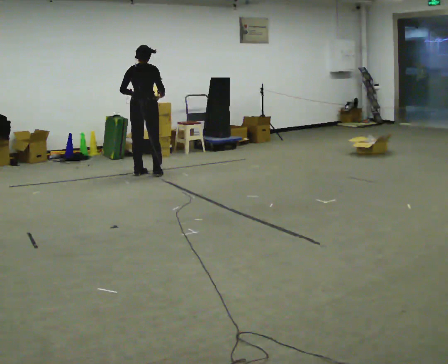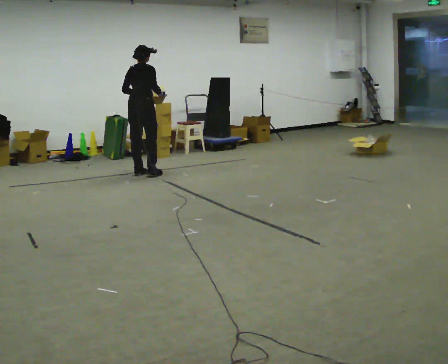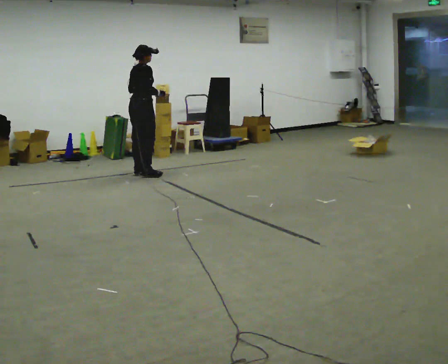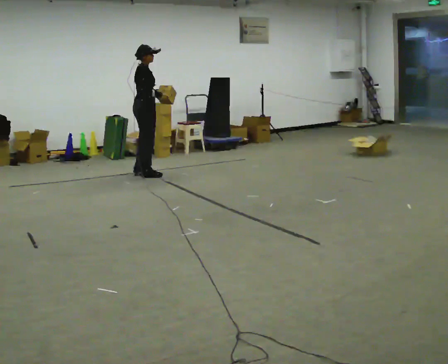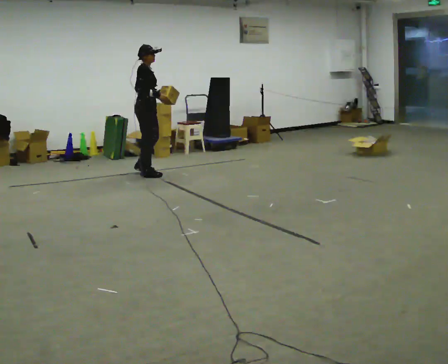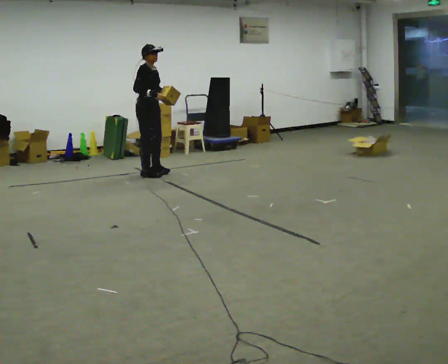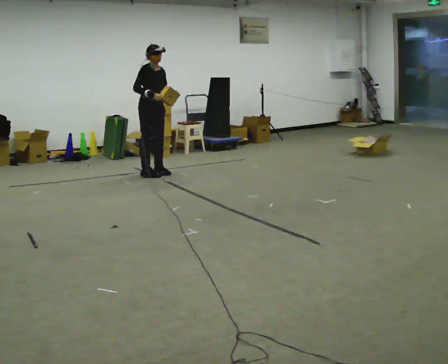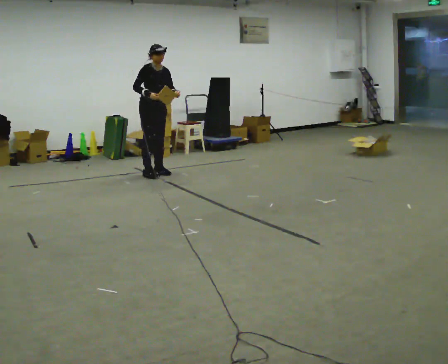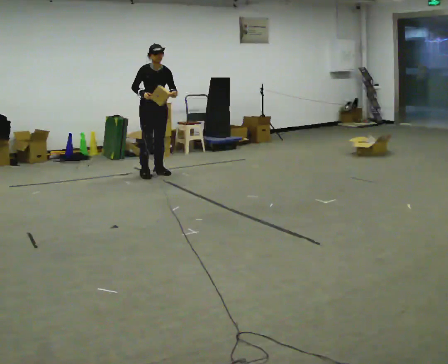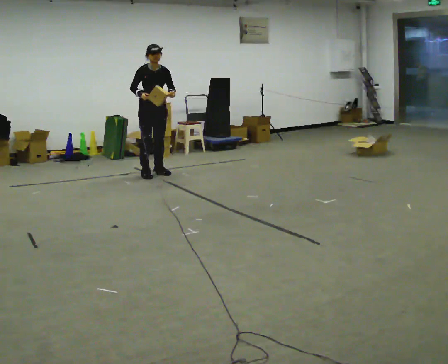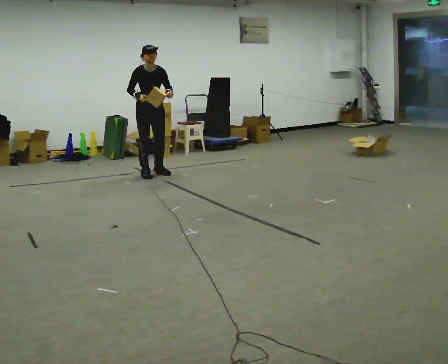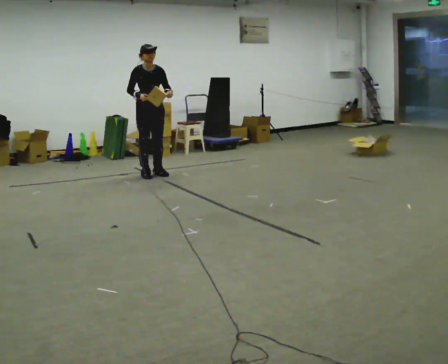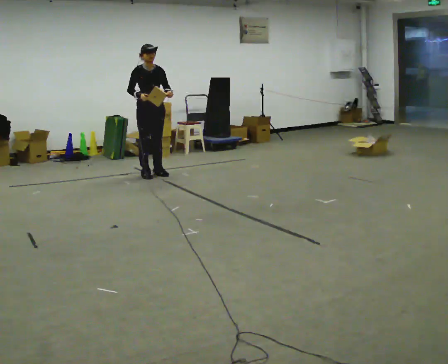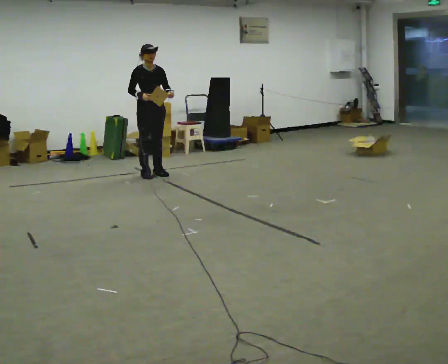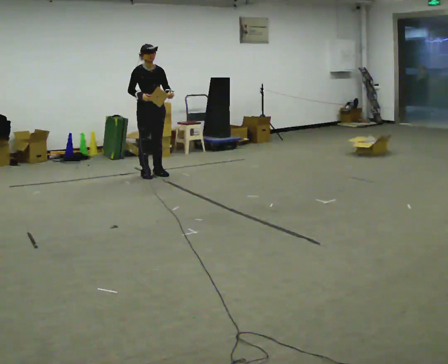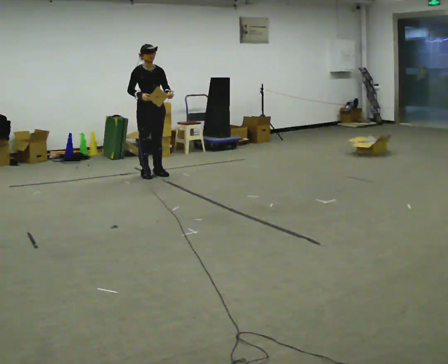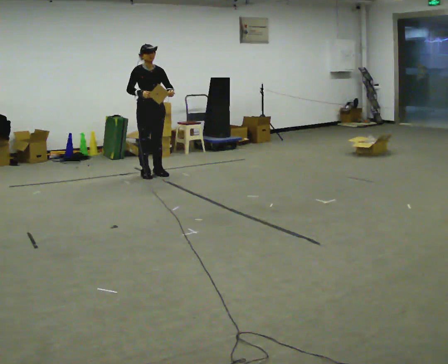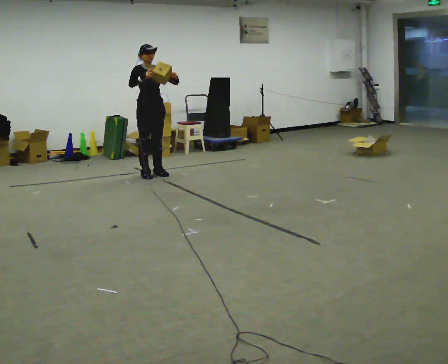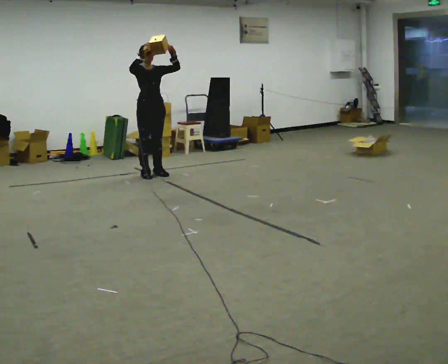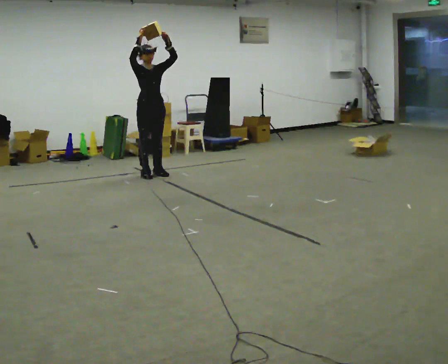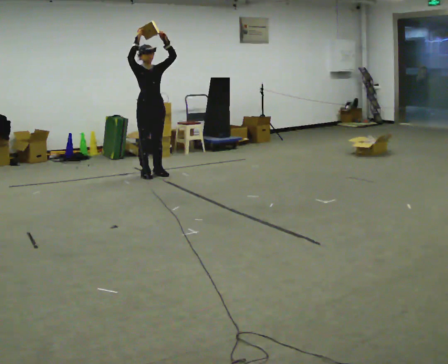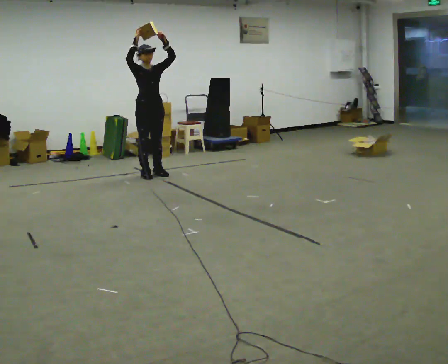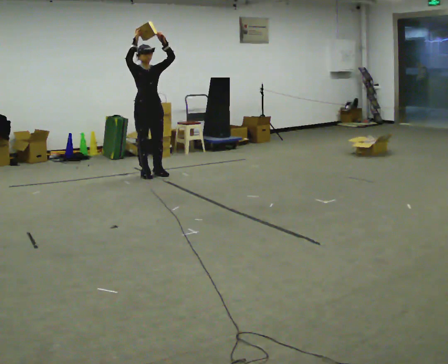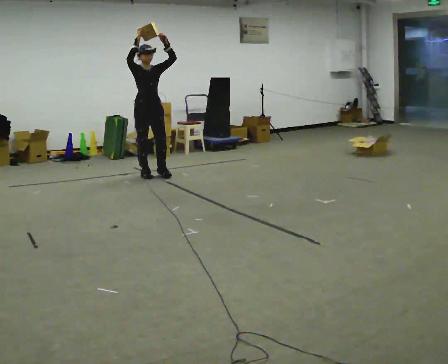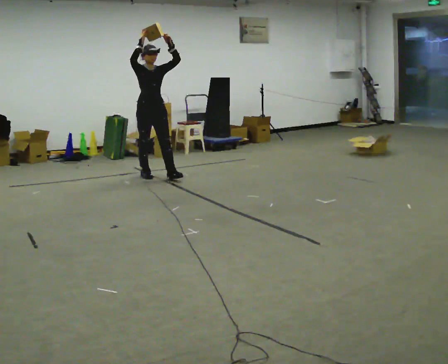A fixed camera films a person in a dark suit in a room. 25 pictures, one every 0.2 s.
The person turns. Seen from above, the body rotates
clockwise.
Their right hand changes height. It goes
upward.
0.0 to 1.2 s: The person turns about 105 degrees to their right, clockwise seen from above, so the part of the body nearest the lens slides to the left. In the picture their left hand goes to the right.
1.2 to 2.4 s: The person moves a little, or ends about where they began.
2.4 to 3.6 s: In the picture their right hand goes upward.
3.6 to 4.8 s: The person moves a little, or ends about where they began.
The film runs forward here.
